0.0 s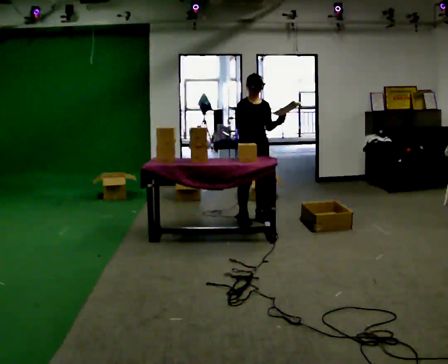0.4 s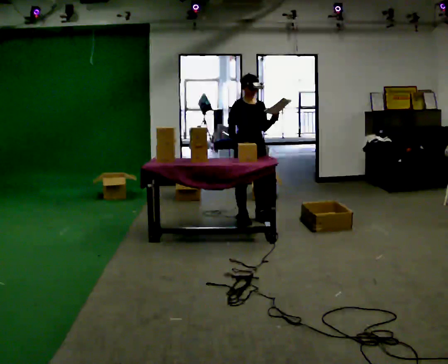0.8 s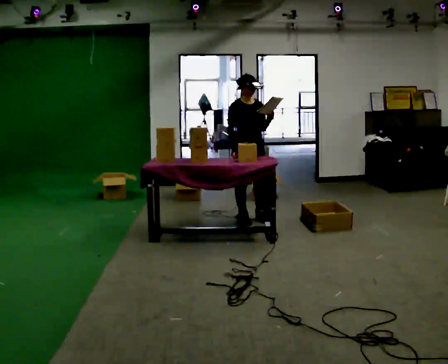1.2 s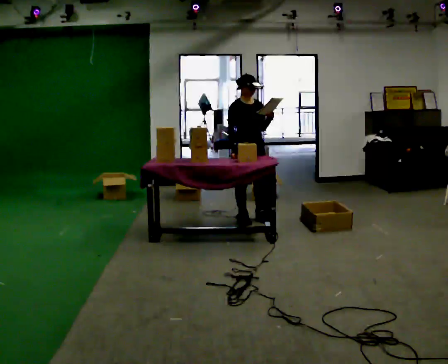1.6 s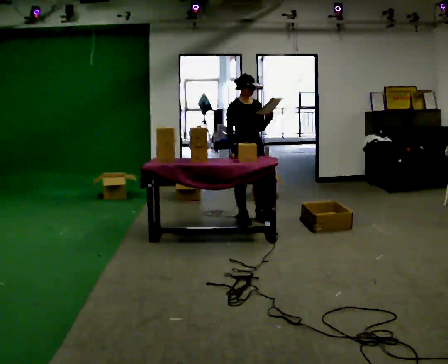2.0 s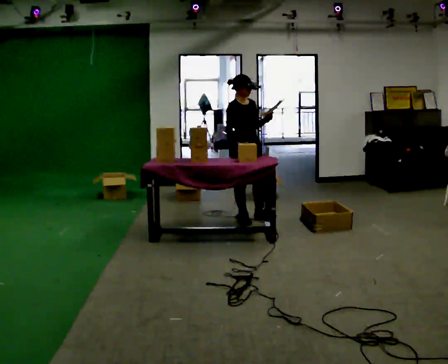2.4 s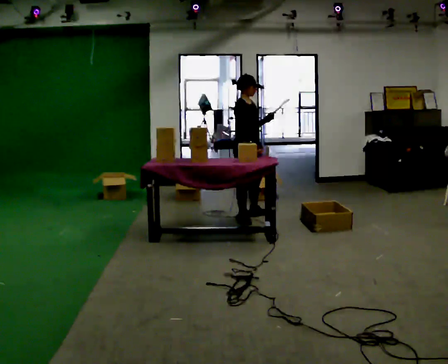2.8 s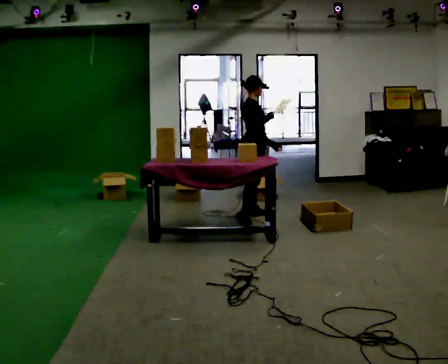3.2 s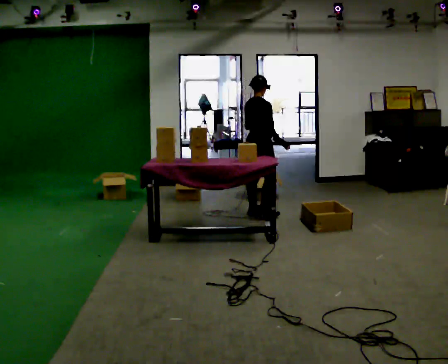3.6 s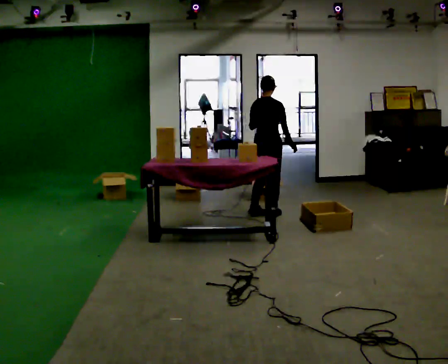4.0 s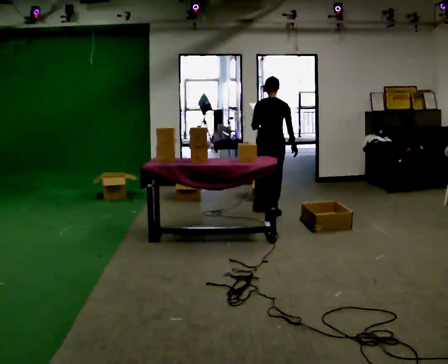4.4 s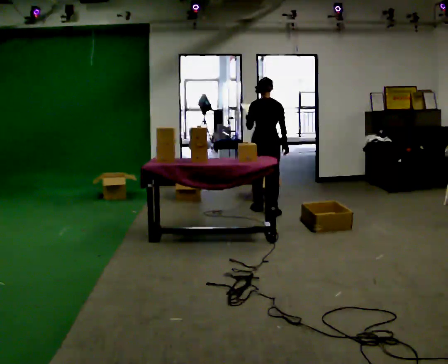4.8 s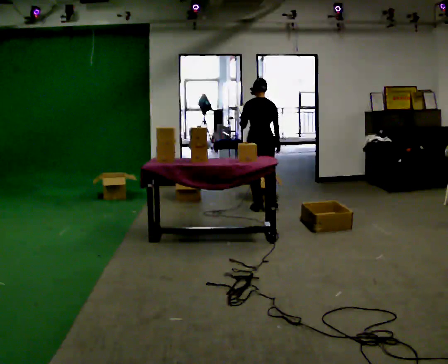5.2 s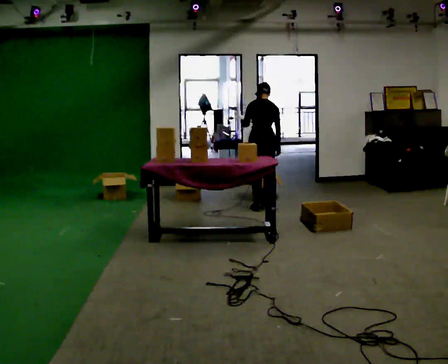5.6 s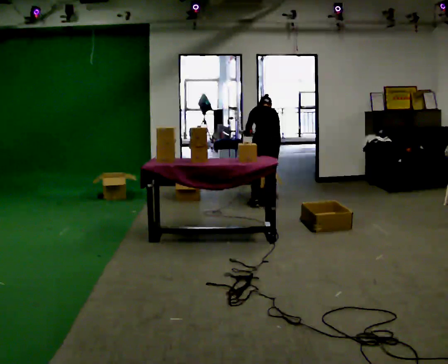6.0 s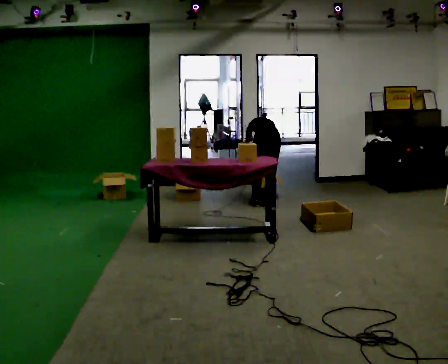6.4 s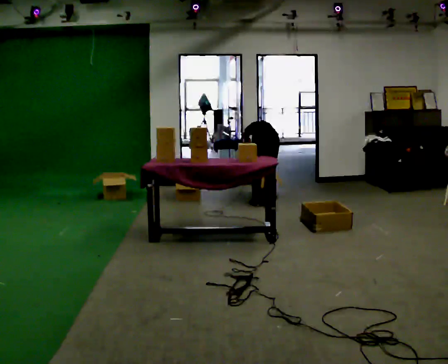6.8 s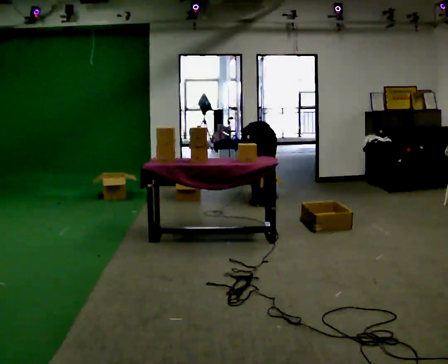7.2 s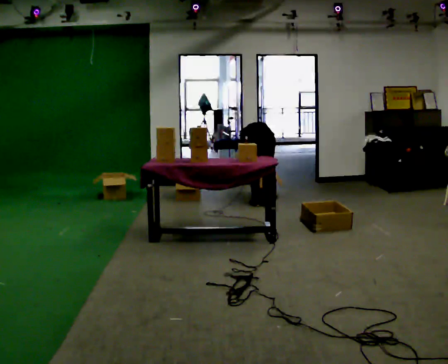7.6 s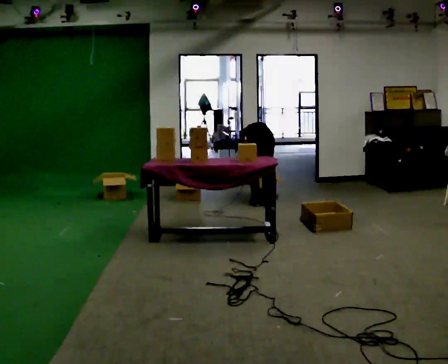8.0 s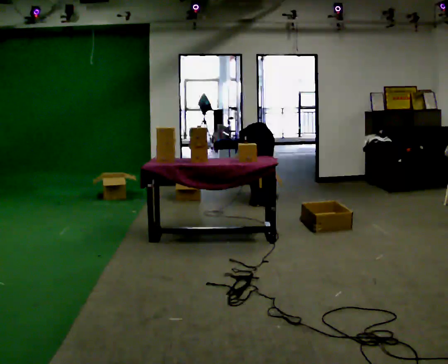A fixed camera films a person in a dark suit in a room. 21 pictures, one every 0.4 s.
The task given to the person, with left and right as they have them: 1. Read the parts list. 2. Collect each part from the bins around the room. 3. Lay them out on the table in the order on the list. 4. Put them all in the carry case. 5. Tell the operator when you are finished.
0.0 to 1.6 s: The person moves a little, or ends about where they began.
1.6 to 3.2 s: The part of the body nearest the lens slides to the right as the person turns to their left by about 105 degrees. In the picture they go away from the camera, about 0.25 m in 1 step.
3.2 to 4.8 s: Seen from above the body turns counterclockwise, about 60 degrees: to their left, with its near side sliding to the right. In the picture they go away from the camera, about 0.25 m in 2 steps, which for them is forward.
4.8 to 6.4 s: In the picture they go away from the camera, about 0.25 m in 2 steps, which for them is forward. The upper body goes downward. The upper body tips away from the camera, its near side rolling upward, as they bend forward.
6.4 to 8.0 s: In the picture the upper body tilts counterclockwise, shoulders to the left.
The film runs forward here.
